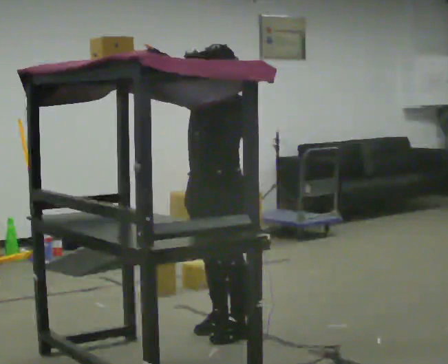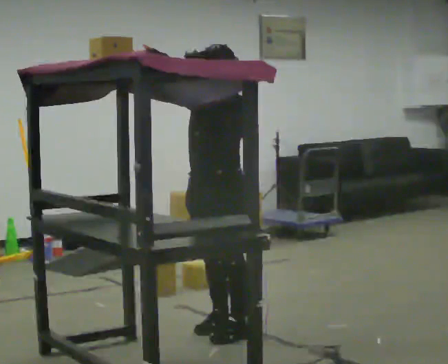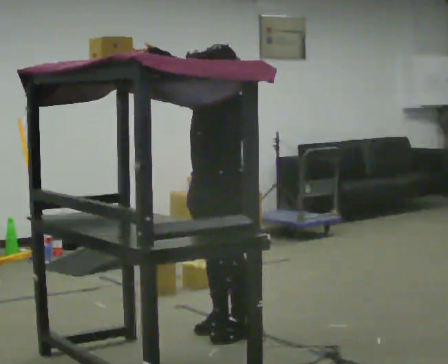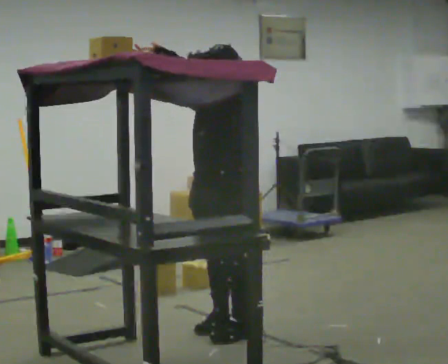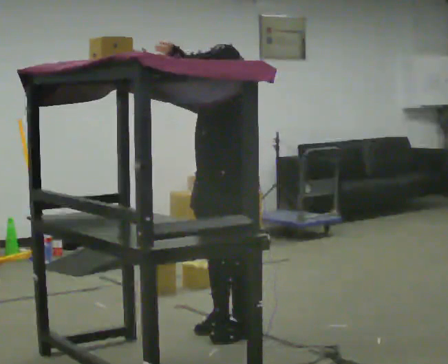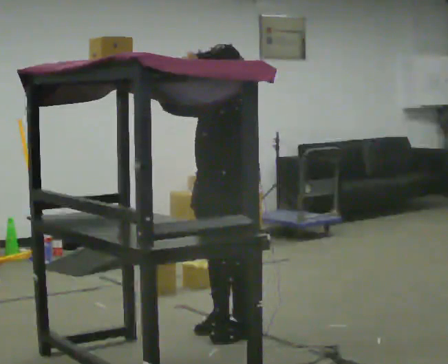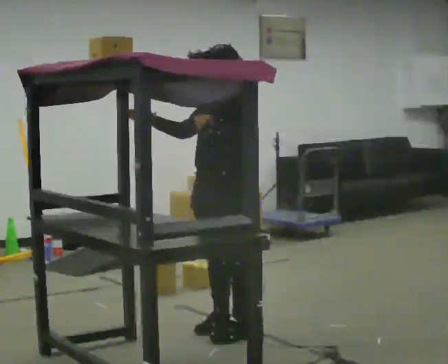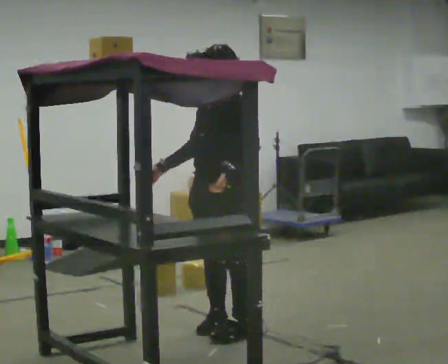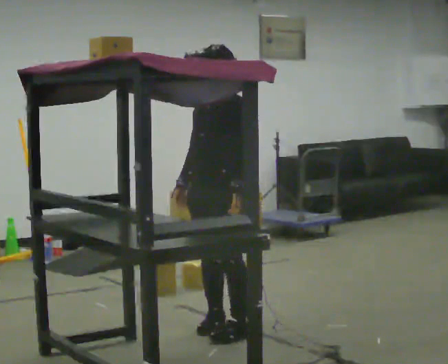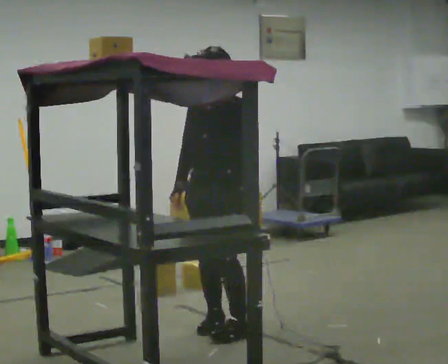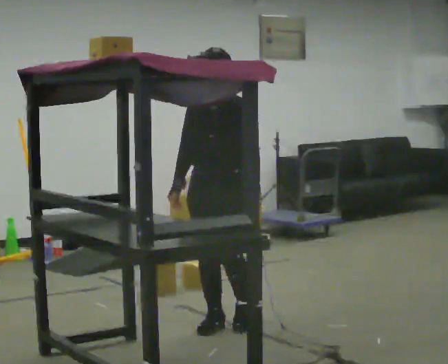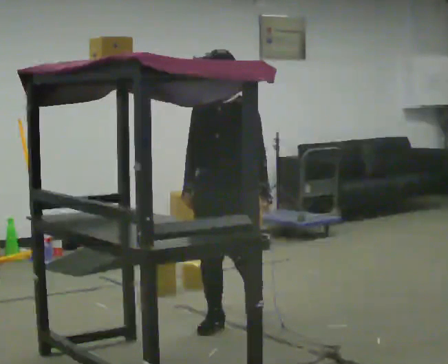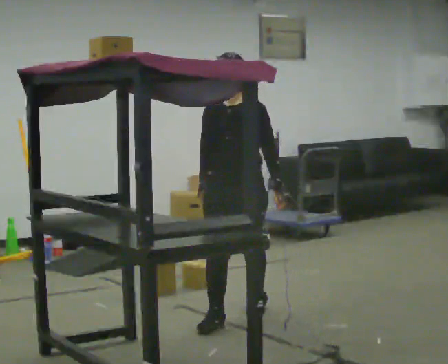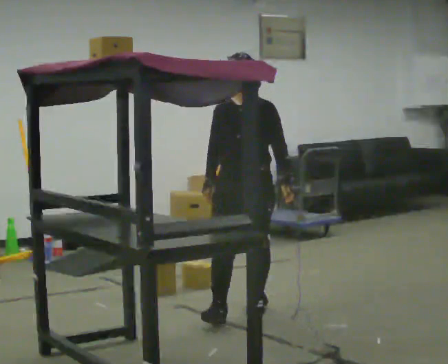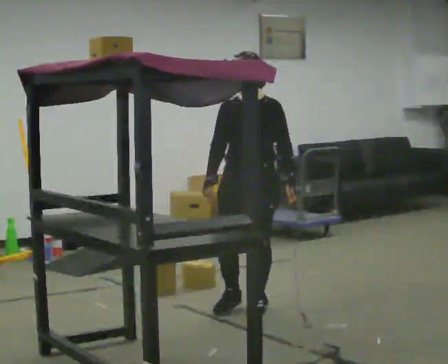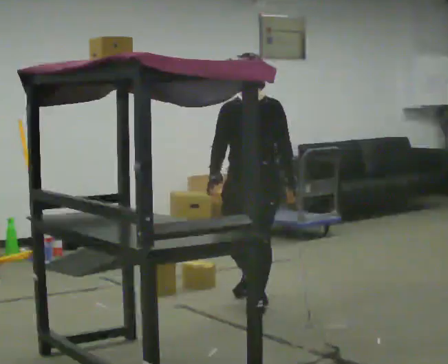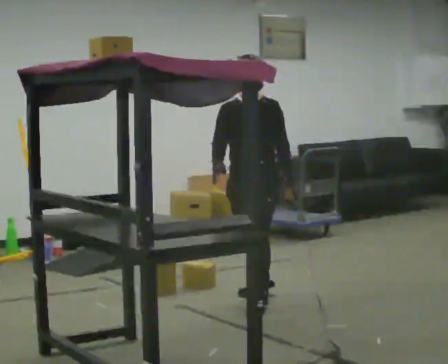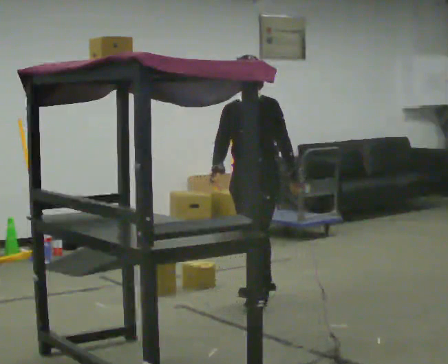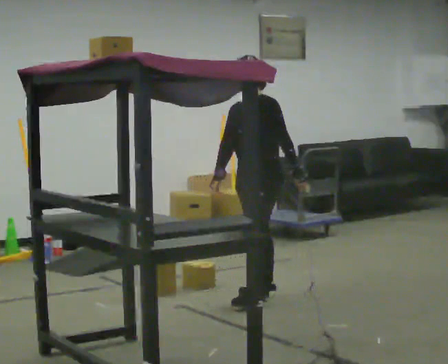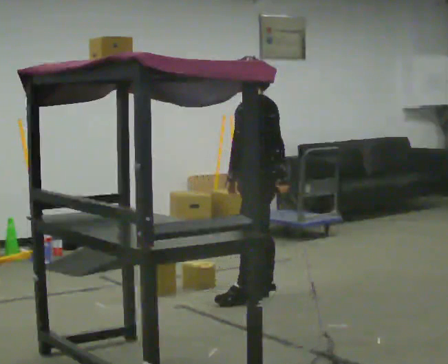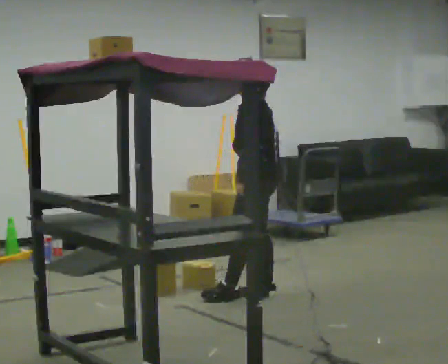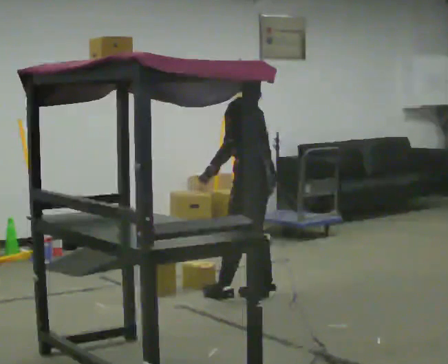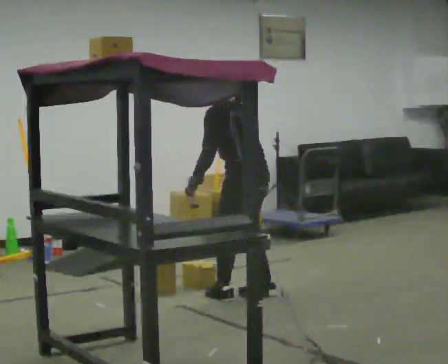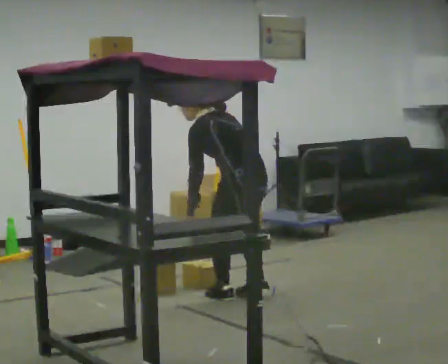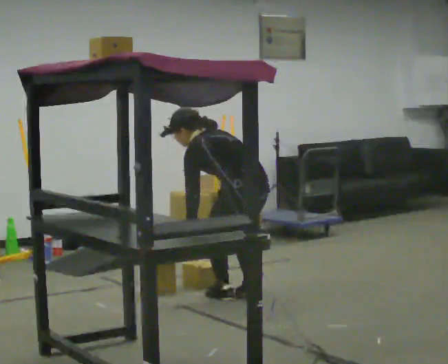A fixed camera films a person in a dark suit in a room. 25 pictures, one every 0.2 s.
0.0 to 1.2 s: The person moves a little, or ends about where they began.
1.2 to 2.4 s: The part of the body nearest the lens slides to the right as the person turns to their left by about 45 degrees. In the picture they go away from the camera, about 0.25 m in 1 step, which for them is backward and to their right. In the picture their right hand goes downward, the arm swinging counterclockwise.
2.4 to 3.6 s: The person turns about 45 degrees to their right, clockwise seen from above, so the part of the body nearest the lens slides to the left. In the picture they go away from the camera, about 0.5 m in 1 step, which for them is backward.
3.6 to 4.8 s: The part of the body nearest the lens slides to the left as the person turns to their right by about 75 degrees. The shoulders move downward. In the picture the upper body tilts counterclockwise, shoulders to the left, as they bend forward.
The film runs backward here.
